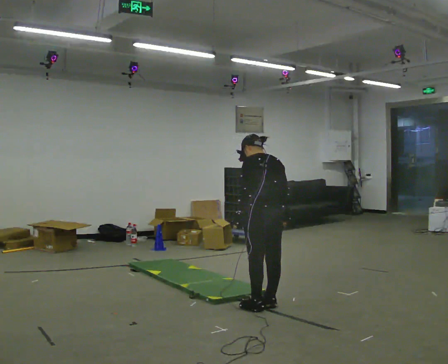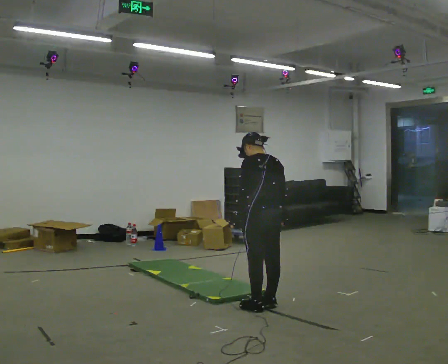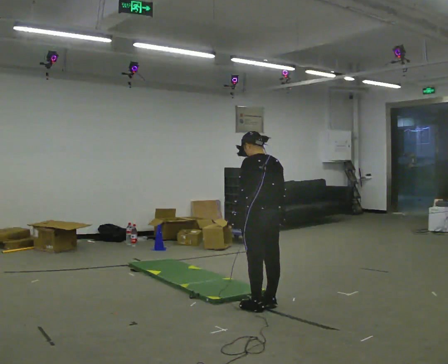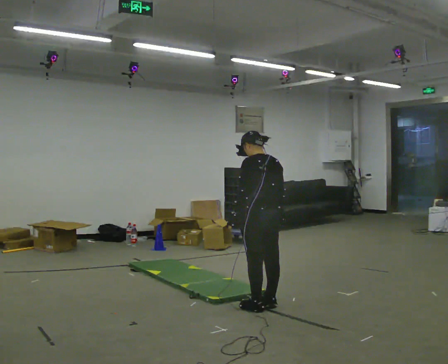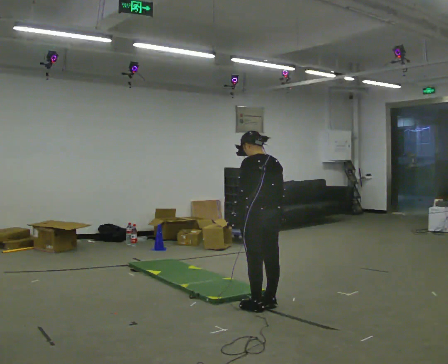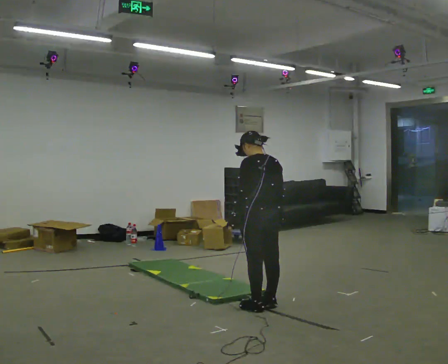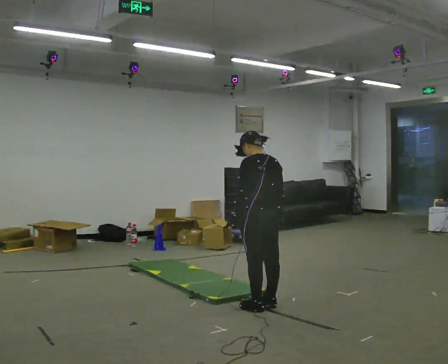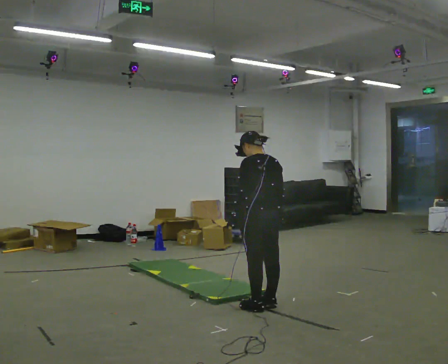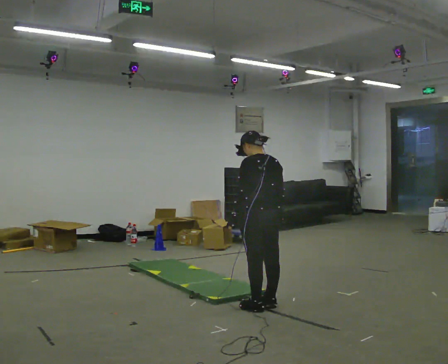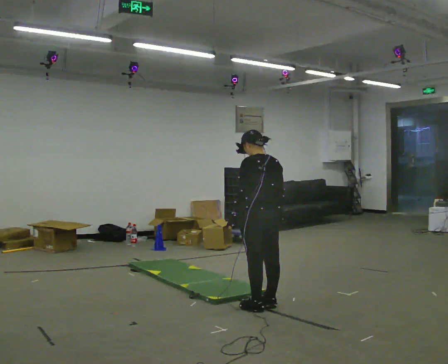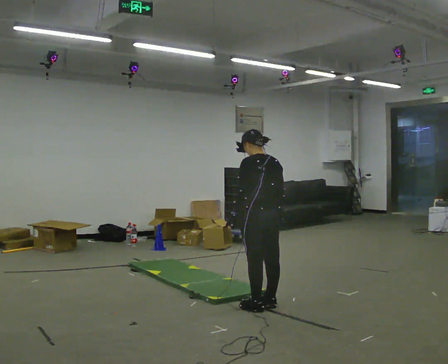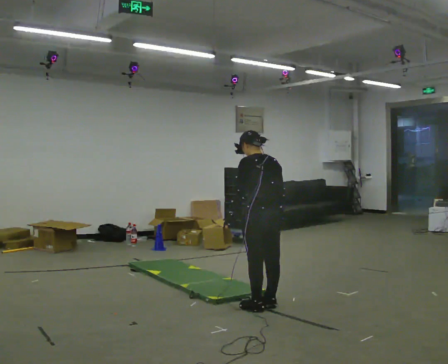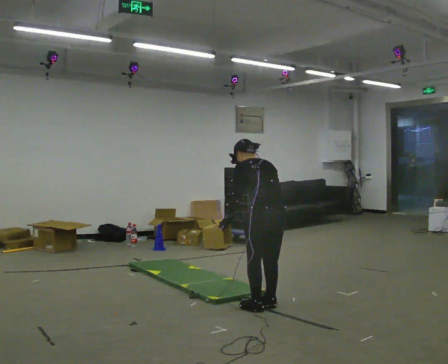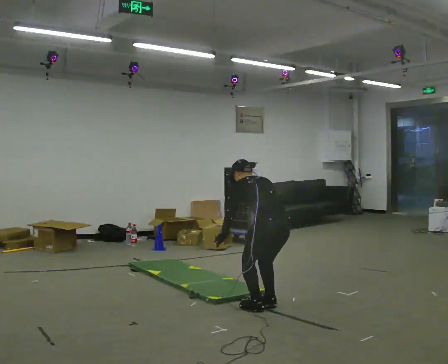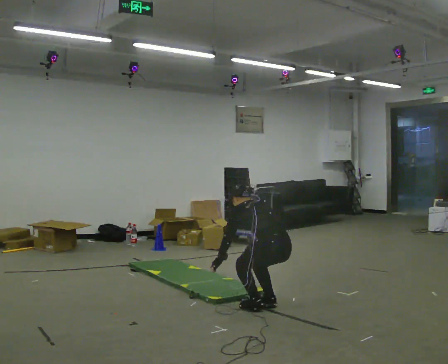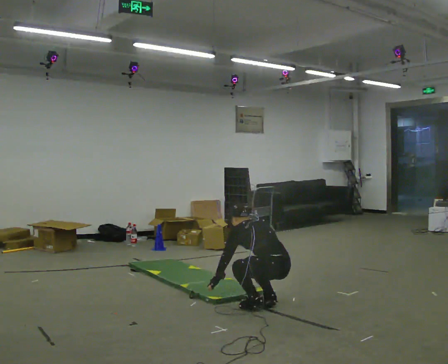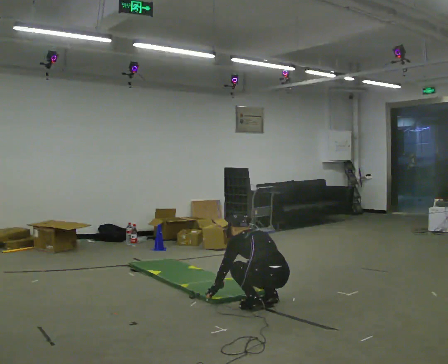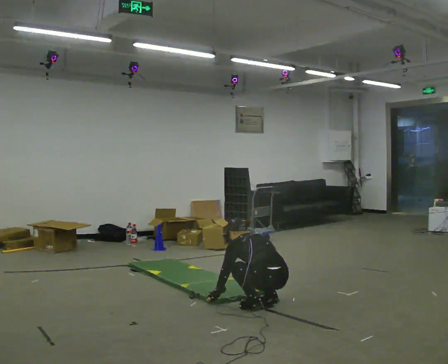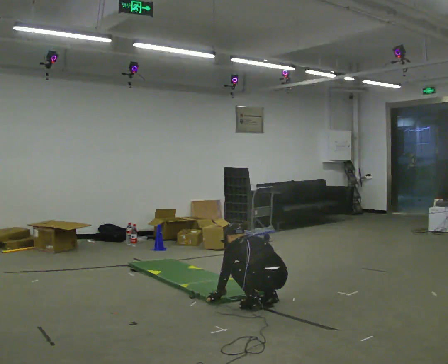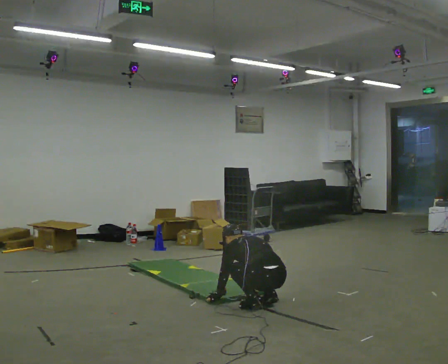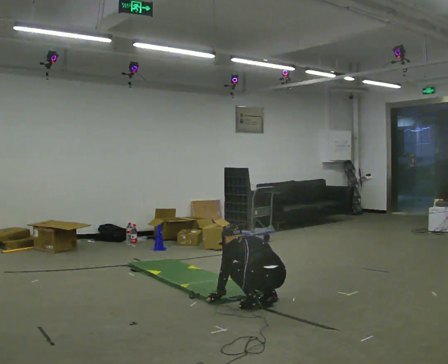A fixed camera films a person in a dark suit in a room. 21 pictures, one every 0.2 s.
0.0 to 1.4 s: The person moves a little, or ends about where they began.
1.4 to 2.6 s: The upper body goes downward. The upper body tips away from the camera, its near side rolling upward, as they bend forward.
2.6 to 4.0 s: The shoulders move downward. In the picture the upper body tilts counterclockwise, shoulders to the left, as they bend forward. In the picture their right hand goes downward.
The film runs forward here.
